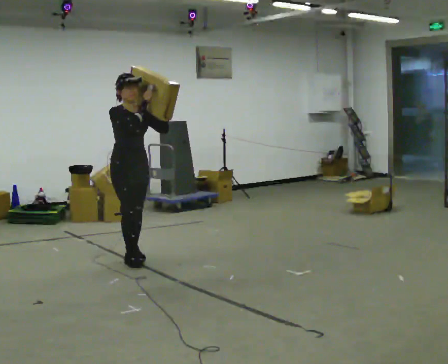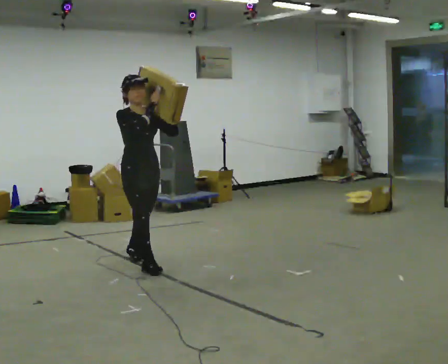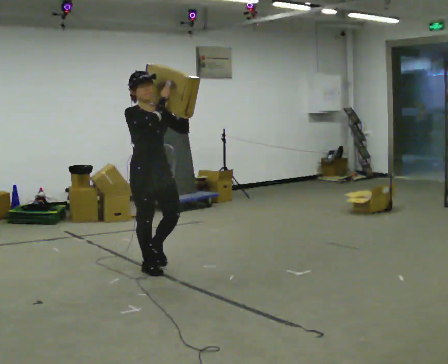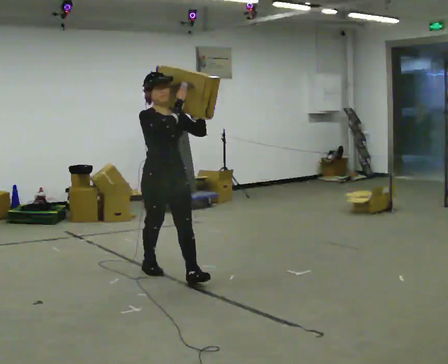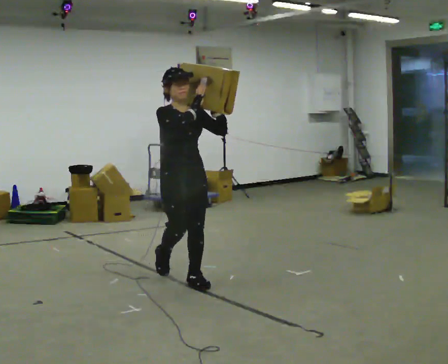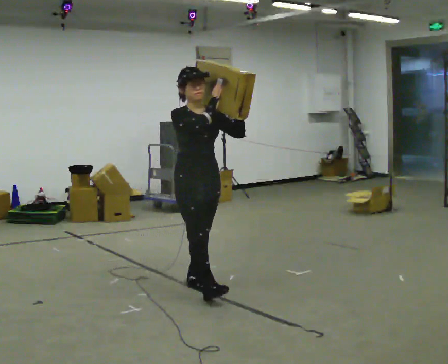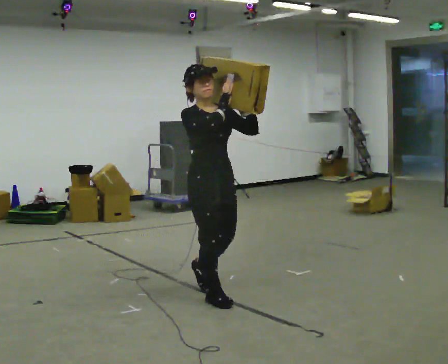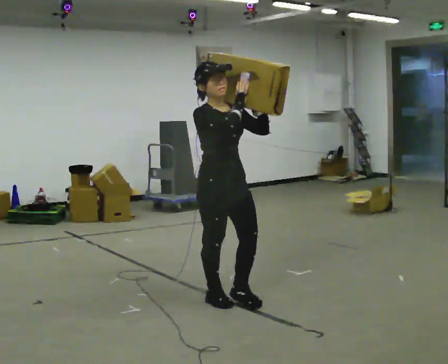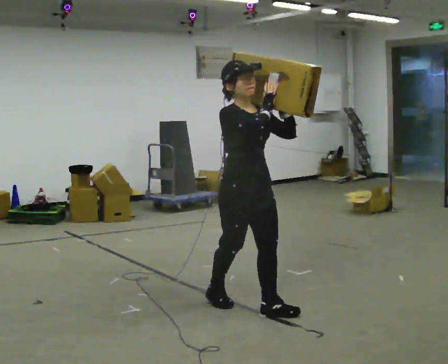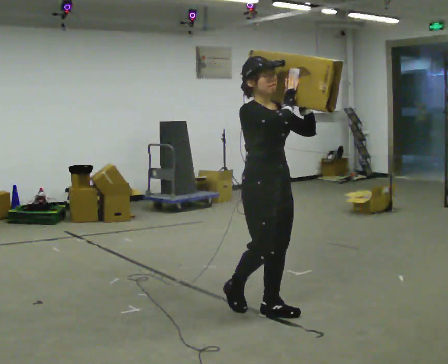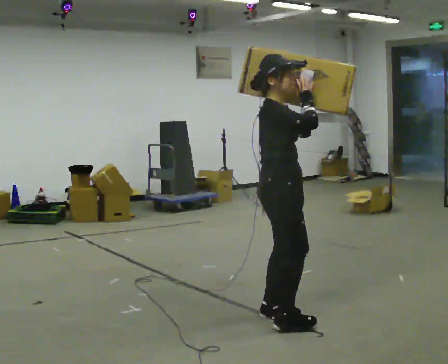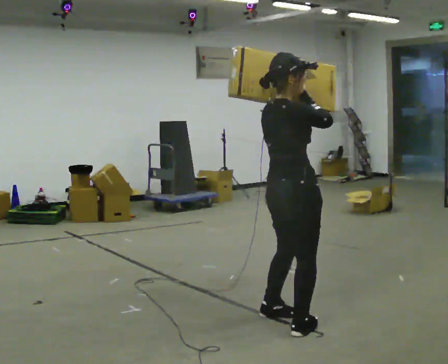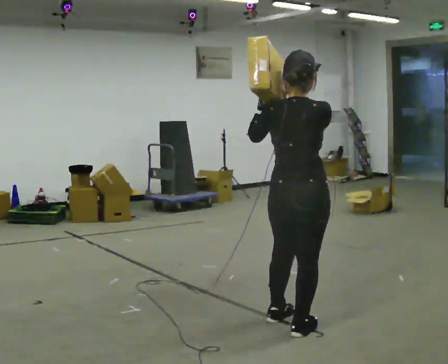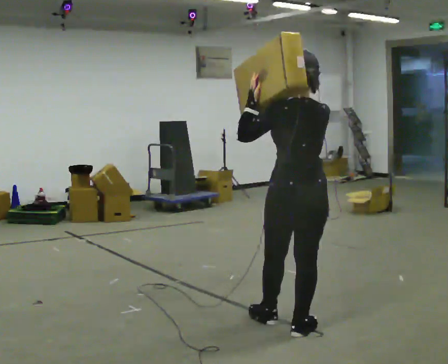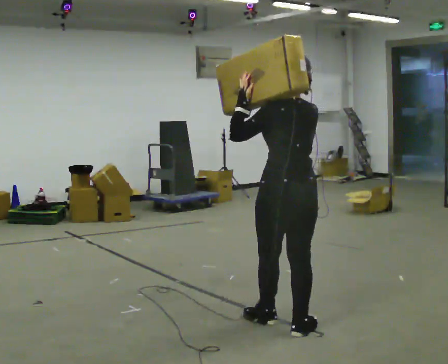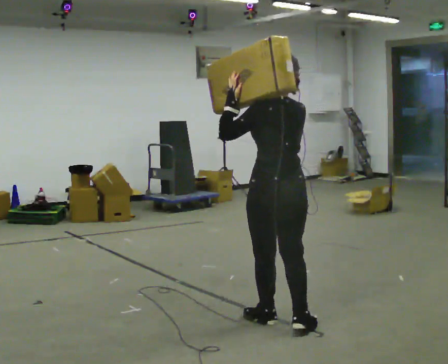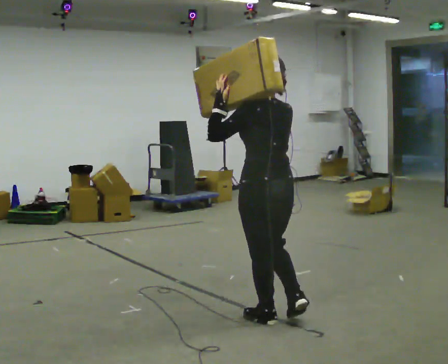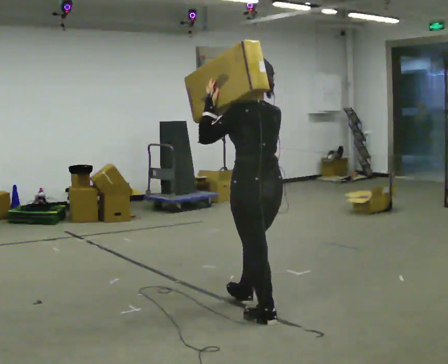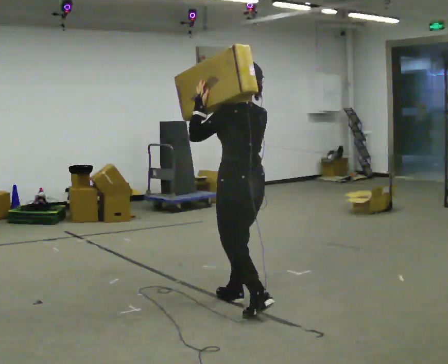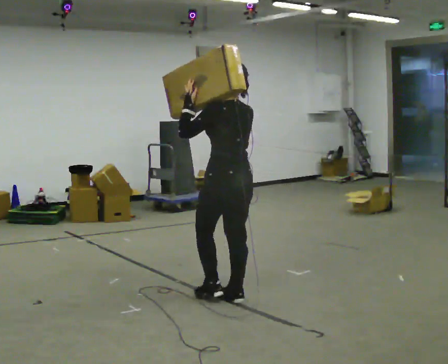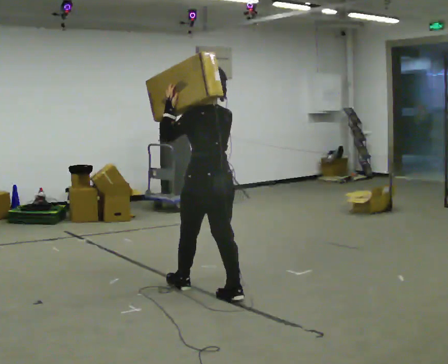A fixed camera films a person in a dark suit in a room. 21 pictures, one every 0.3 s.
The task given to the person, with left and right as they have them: Rest the long object on the shoulder the operator calls and carry it across the room, back and forth.
0.0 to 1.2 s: In the picture they go toward the camera and to the right, about 1 m in 2 steps, which for them is forward.
1.2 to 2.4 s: In the picture they go toward the camera and to the right, about 1 m in 2 steps, which for them is forward.
2.4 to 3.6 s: The person turns about 135 degrees to their left, counterclockwise seen from above, so the part of the body nearest the lens slides to the right. In the picture they go toward the camera and to the right, about 0.5 m in 1 step.
3.6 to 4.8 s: Seen from above the body turns counterclockwise, about 45 degrees: to their left, with its near side sliding to the right. In the picture they go to the left and away from the camera, about 0.25 m, which for them is forward.
4.8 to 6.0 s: In the picture they go away from the camera and to the left, about 0.5 m in 2 steps, which for them is forward.
The film runs forward here.
